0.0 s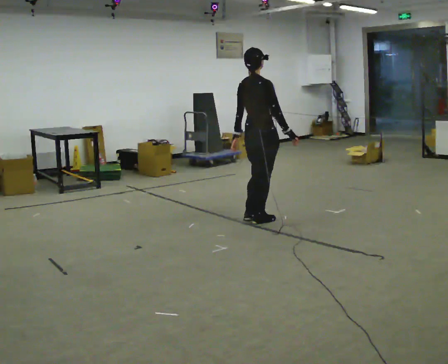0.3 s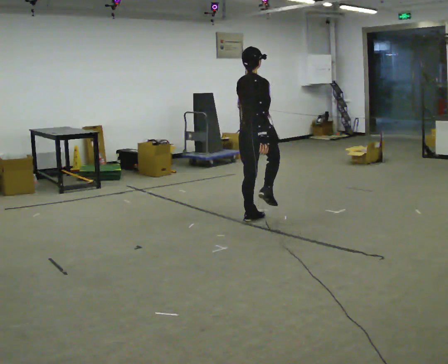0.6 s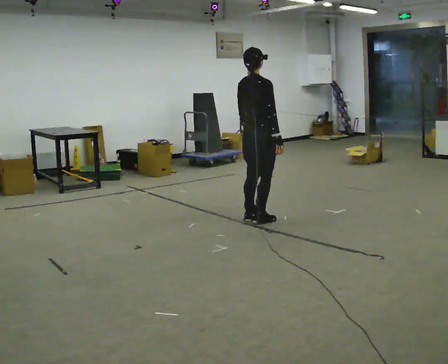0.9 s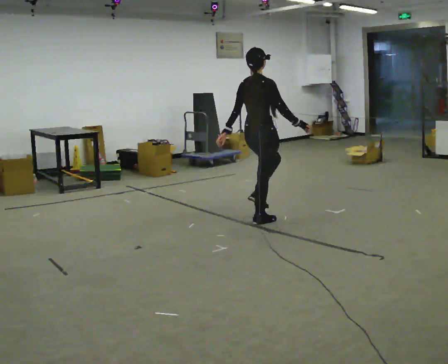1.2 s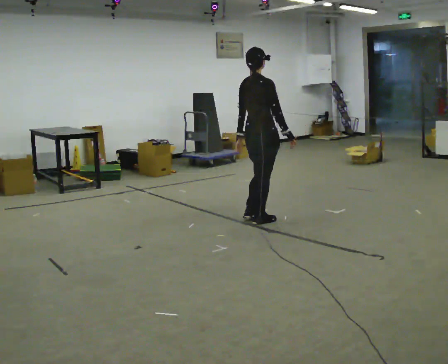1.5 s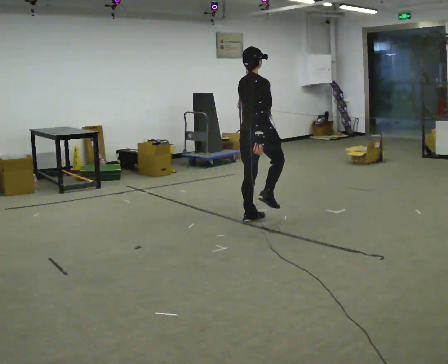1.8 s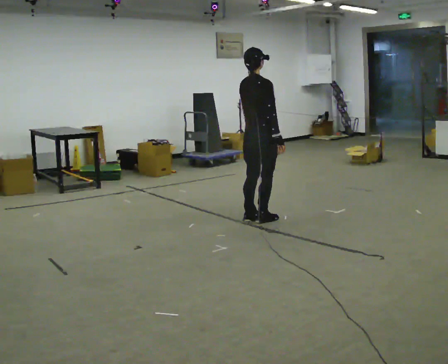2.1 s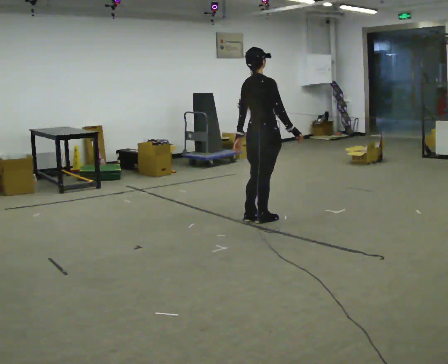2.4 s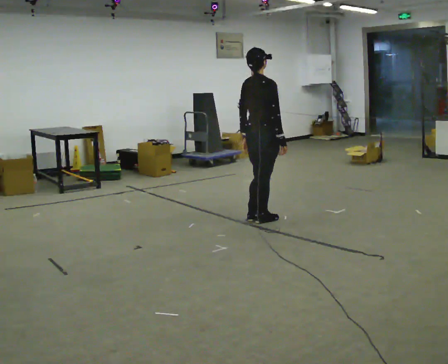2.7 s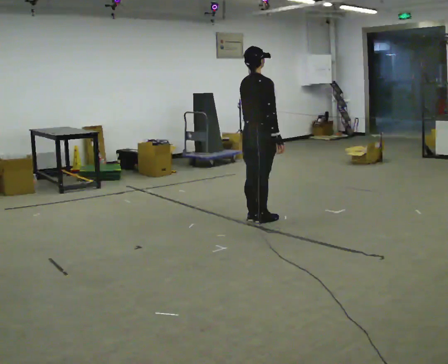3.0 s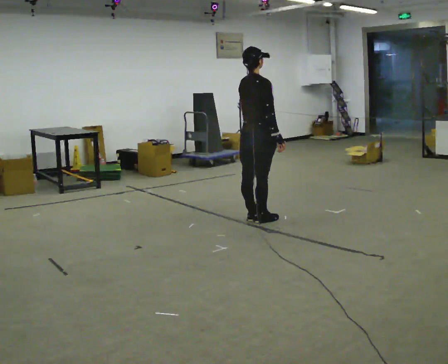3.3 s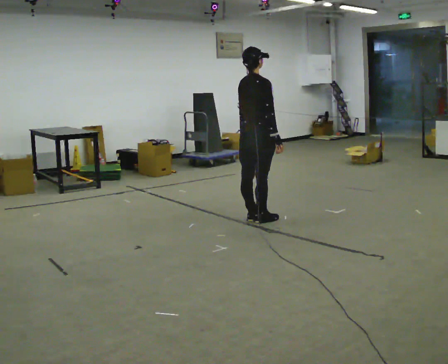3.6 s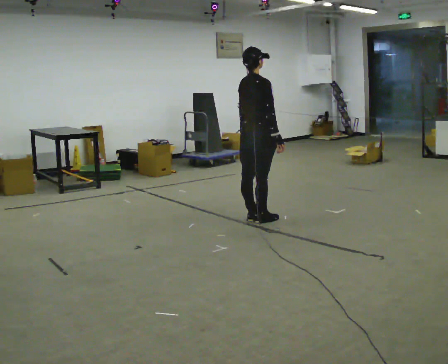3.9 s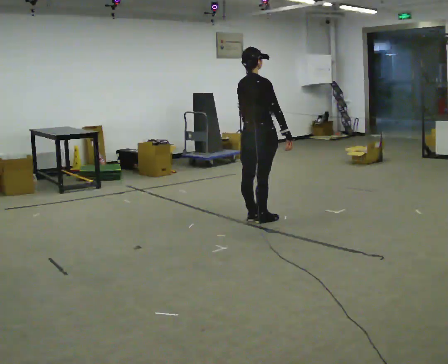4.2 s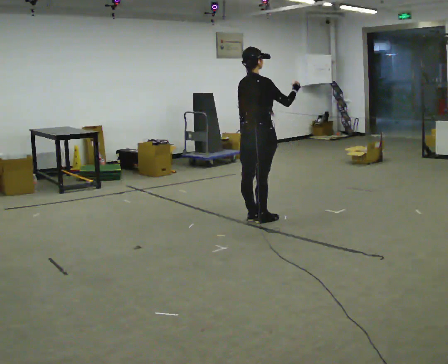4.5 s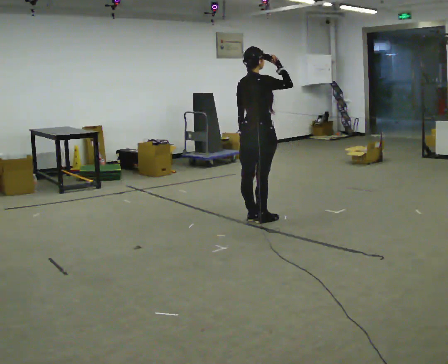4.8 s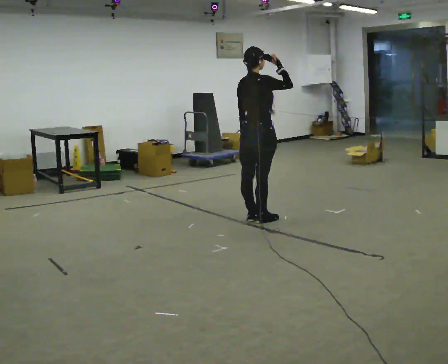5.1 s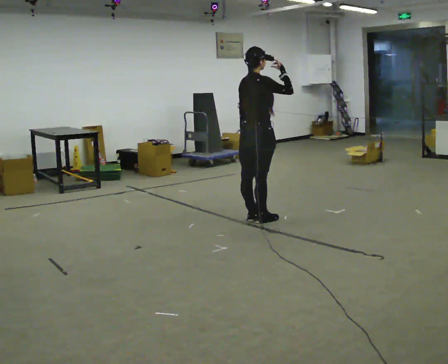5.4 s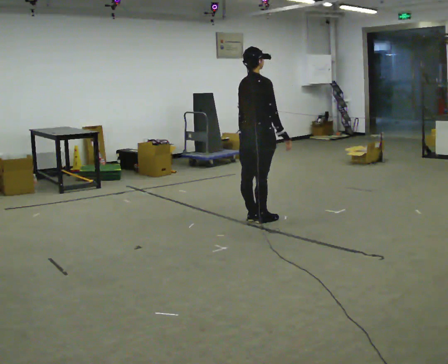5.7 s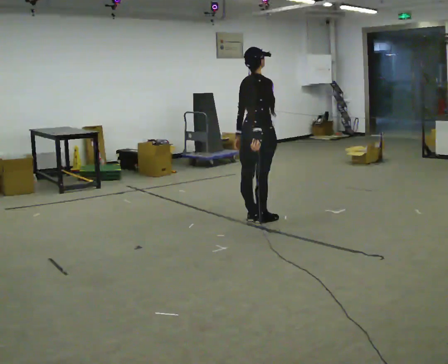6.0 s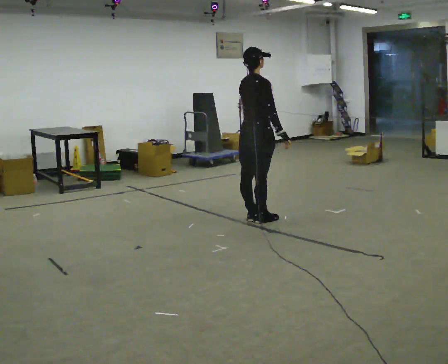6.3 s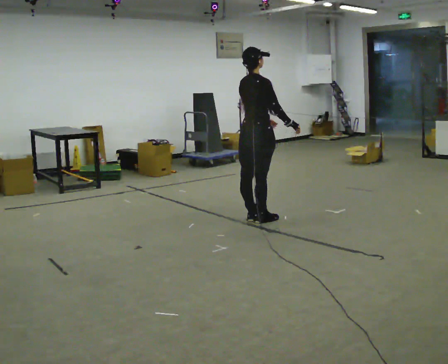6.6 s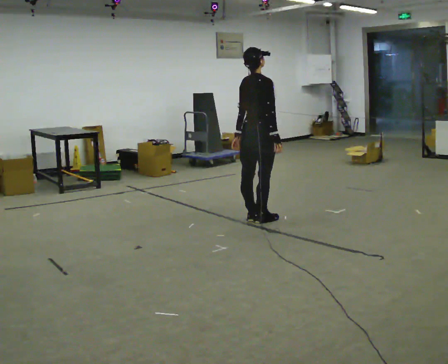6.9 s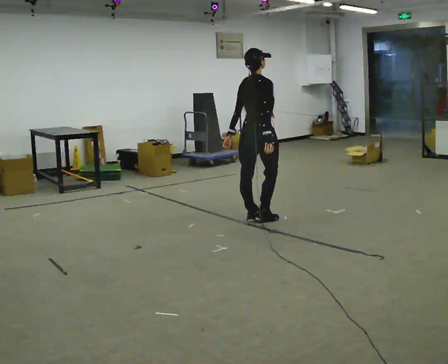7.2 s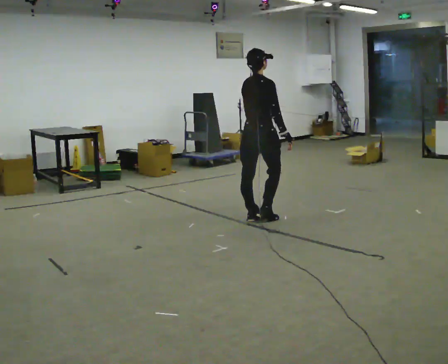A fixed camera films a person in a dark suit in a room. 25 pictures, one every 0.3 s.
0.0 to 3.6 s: The person moves a little, or ends about where they began.
3.6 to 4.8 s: In the picture their right hand goes upward.
4.8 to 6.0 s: In the picture their right hand goes downward.
6.0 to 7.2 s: The person moves a little, or ends about where they began.
The film runs forward here.
